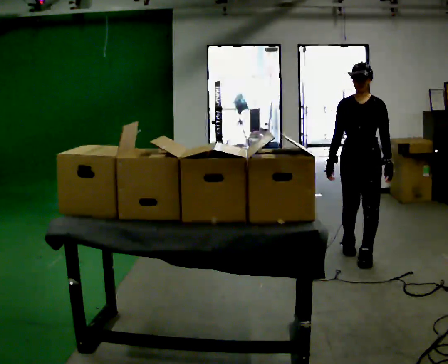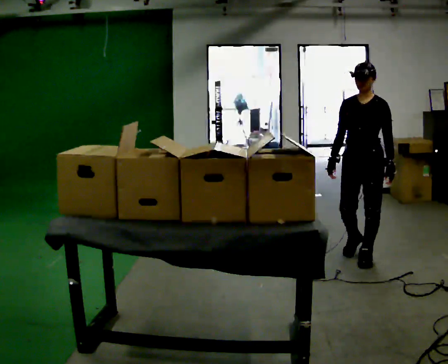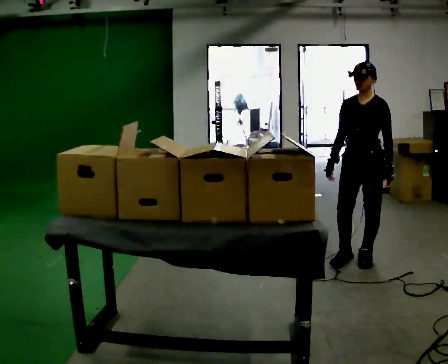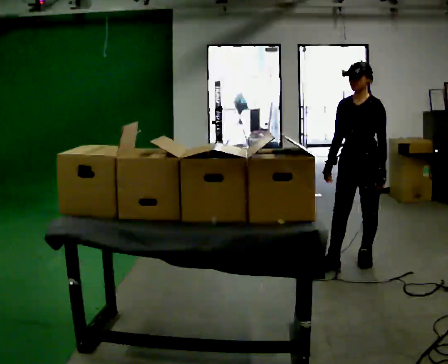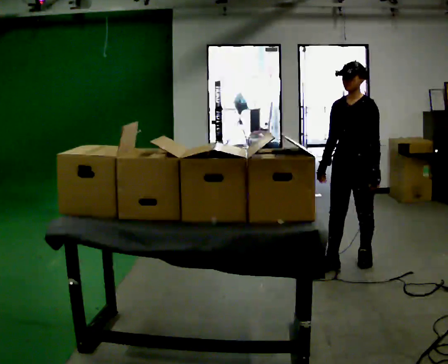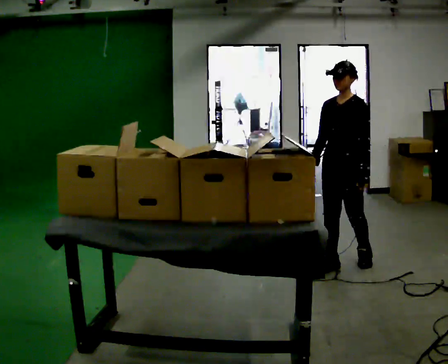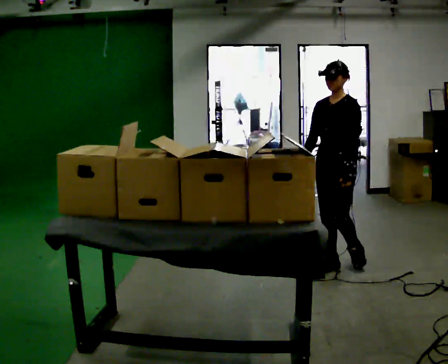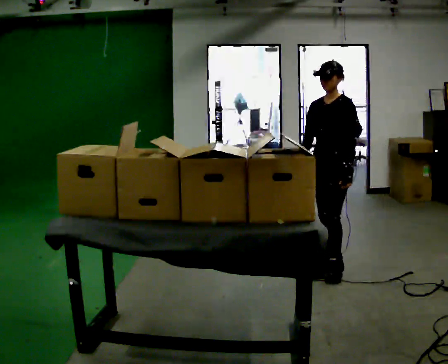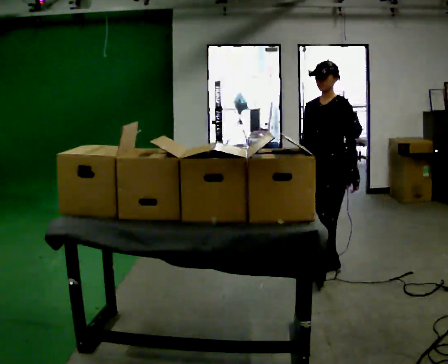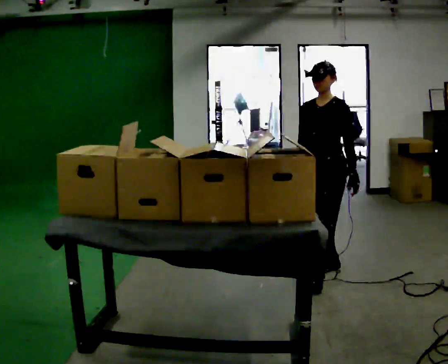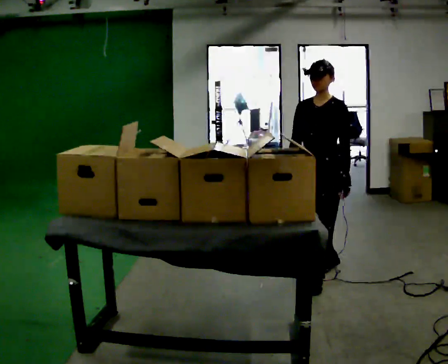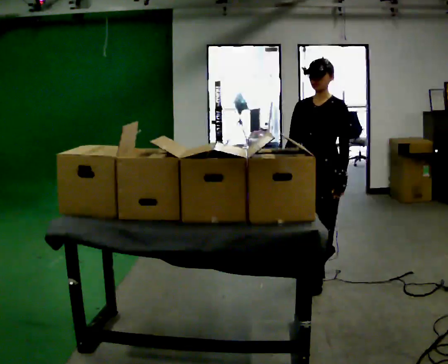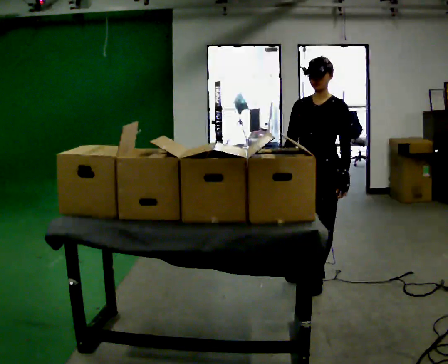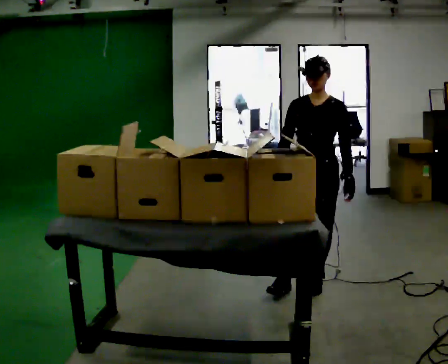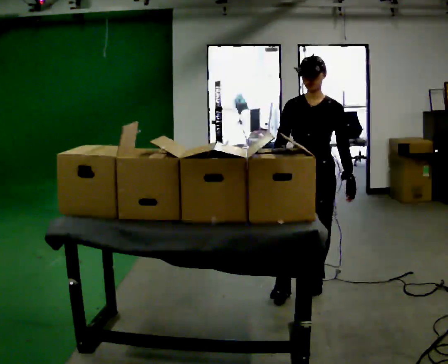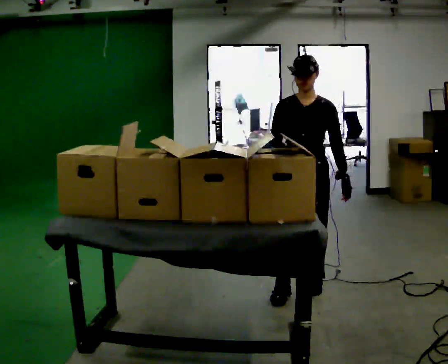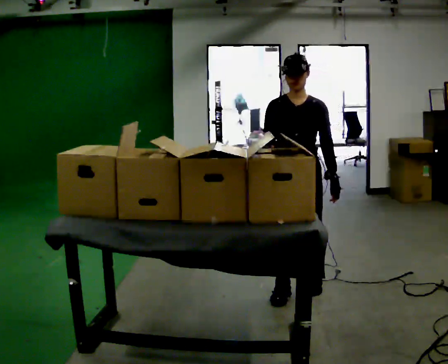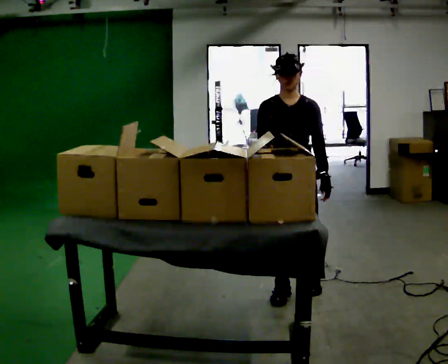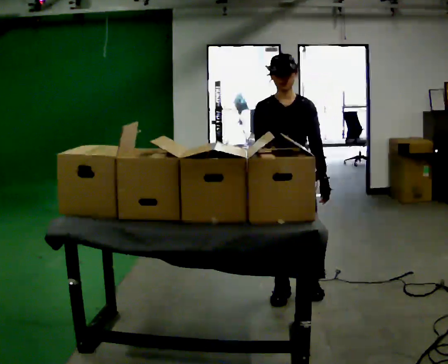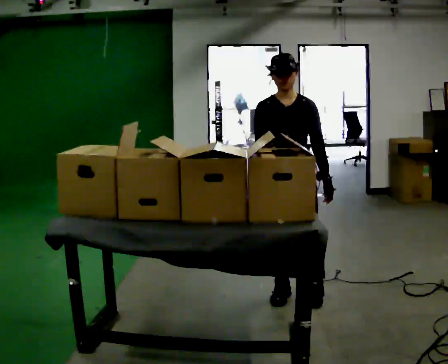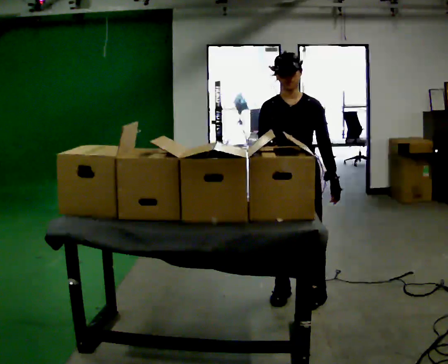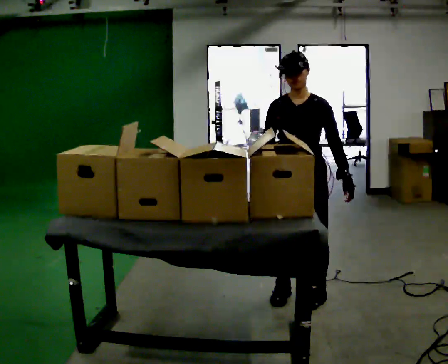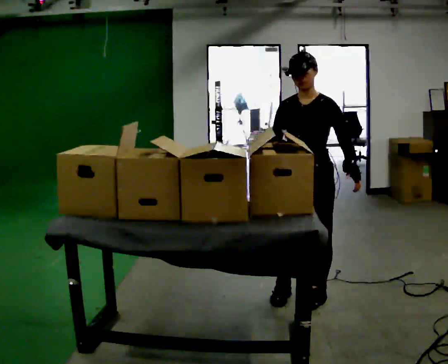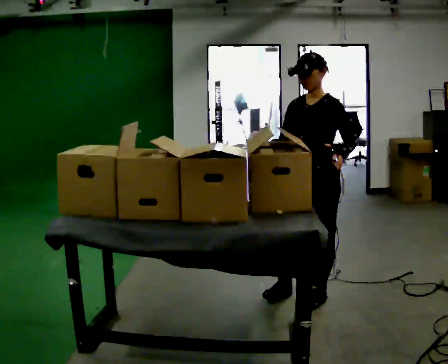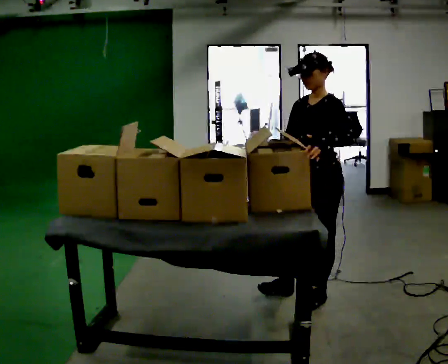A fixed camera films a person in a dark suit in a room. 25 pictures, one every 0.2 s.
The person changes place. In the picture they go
toward the camera.
0.0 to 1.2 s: Seen from above the body turns clockwise, about 30 degrees: to their right, with its near side sliding to the left. In the picture they go toward the camera and to the left, about 0.25 m in 1 step, which for them is forward.
1.2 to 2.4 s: In the picture they go toward the camera, about 0.5 m in 1 step, which for them is forward.
2.4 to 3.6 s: Seen from above the body turns counterclockwise, about 30 degrees: to their left, with its near side sliding to the right. In the picture they go toward the camera and to the left, about 0.25 m in 1 step, which for them is forward and to their right.
3.6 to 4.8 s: Seen from above the body turns clockwise, about 45 degrees: to their right, with its near side sliding to the left. In the picture they go to the right, about 0.25 m in 1 step, which for them is to their left.
The film runs forward here.
